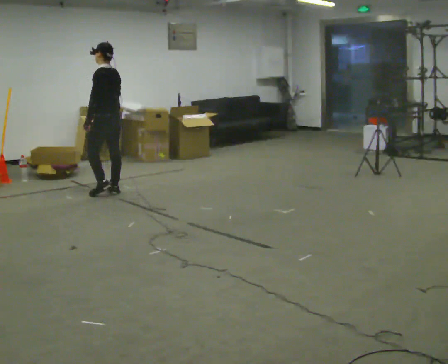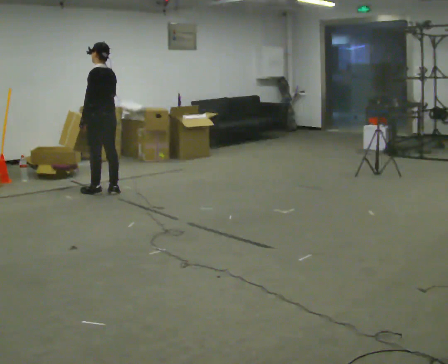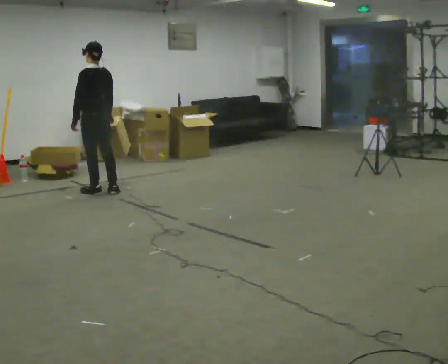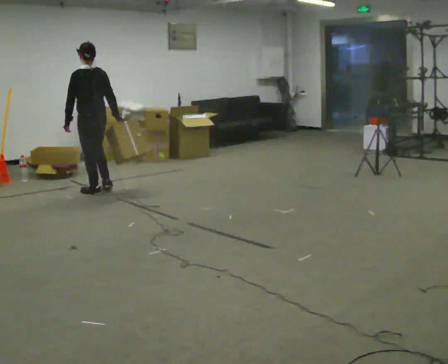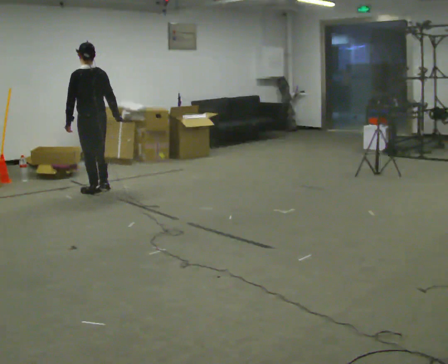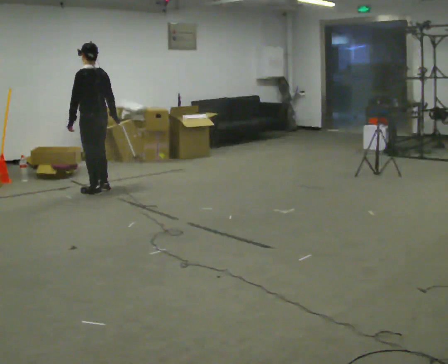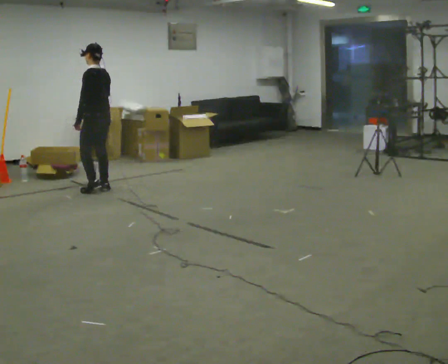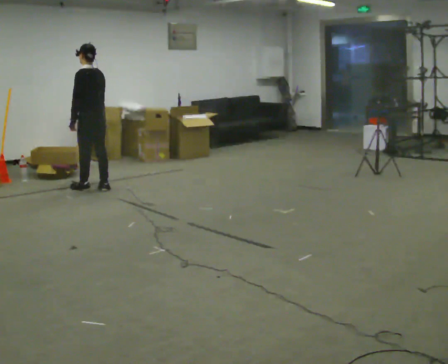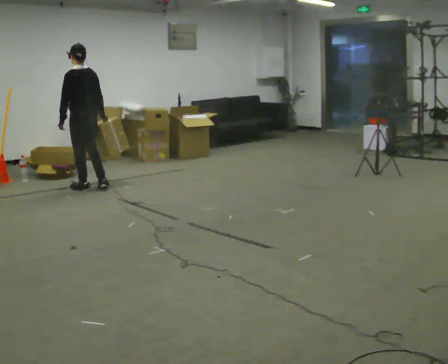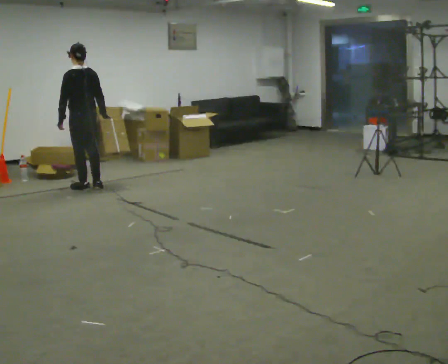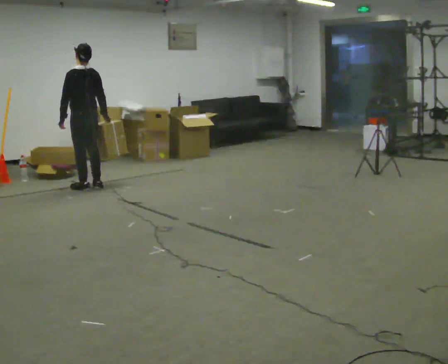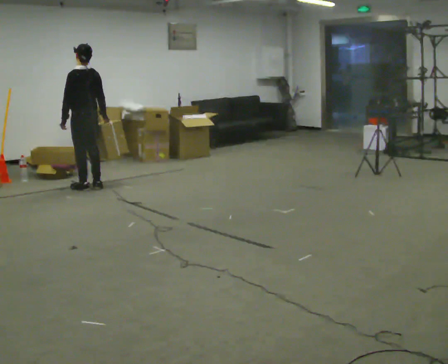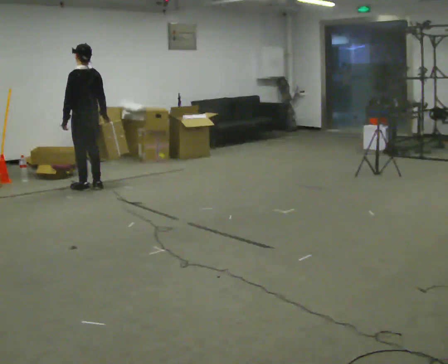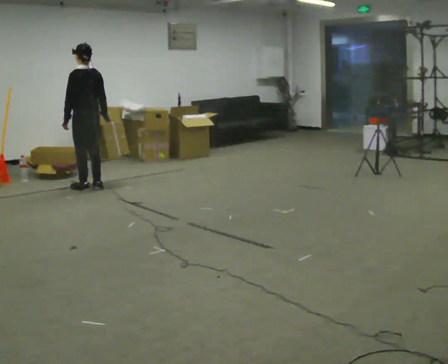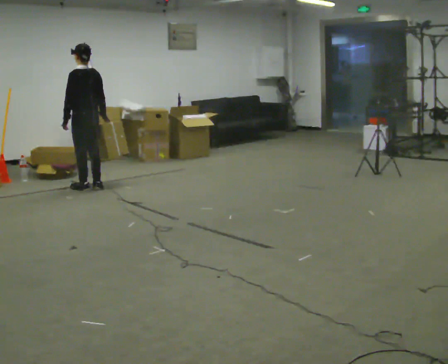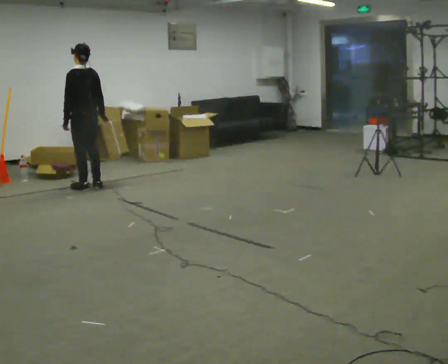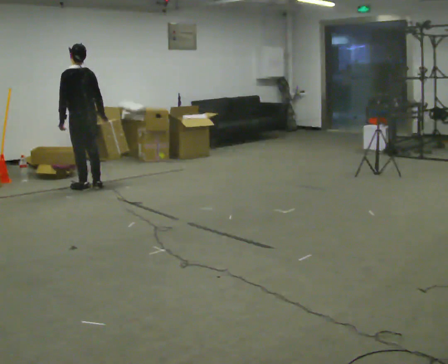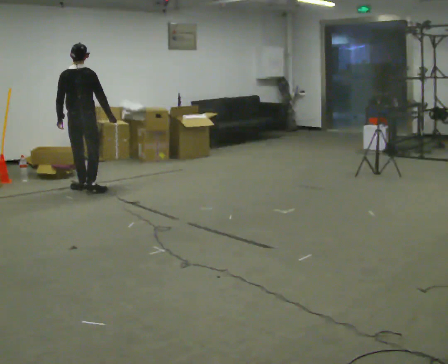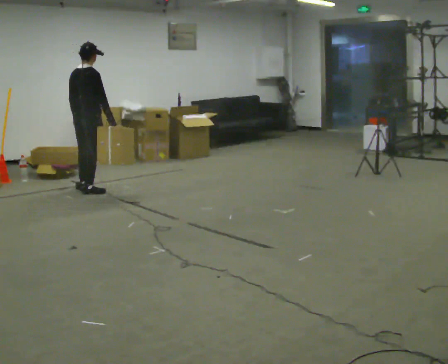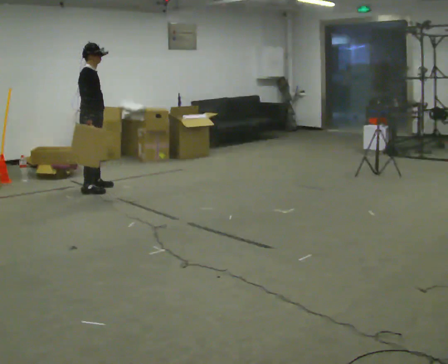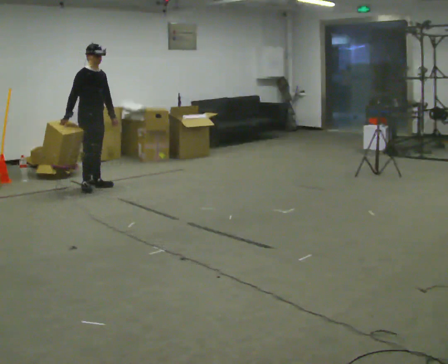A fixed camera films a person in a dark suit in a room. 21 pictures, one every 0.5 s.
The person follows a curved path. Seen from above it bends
clockwise.
0.0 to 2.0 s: In the picture they go to the left, about 0.25 m in 2 steps, which for them is to their left.
2.0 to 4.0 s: In the picture they go away from the camera, about 0.25 m in 1 step, which for them is forward.
4.0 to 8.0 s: The person moves a little, or ends about where they began.
8.0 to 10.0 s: Seen from above the body turns clockwise, about 165 degrees: to their right, with its near side sliding to the left. In the picture their right hand goes to the left, the arm swinging clockwise.
The film runs forward here.
